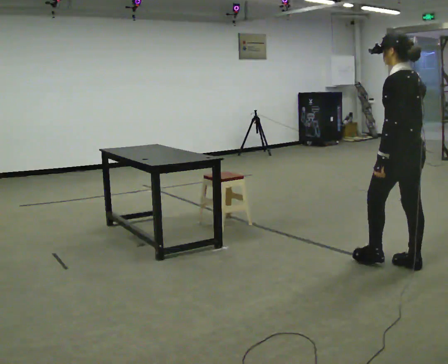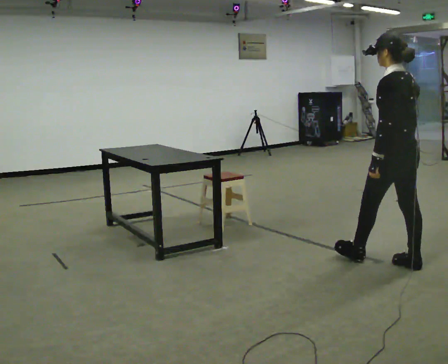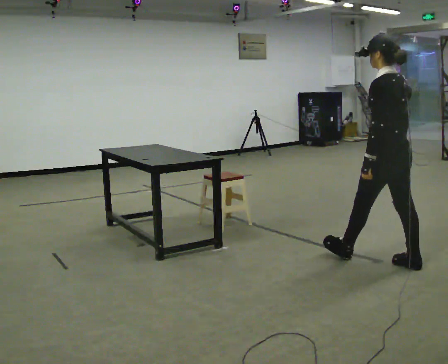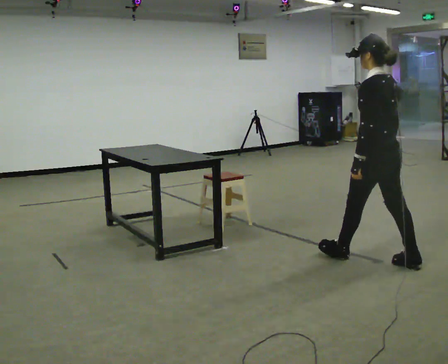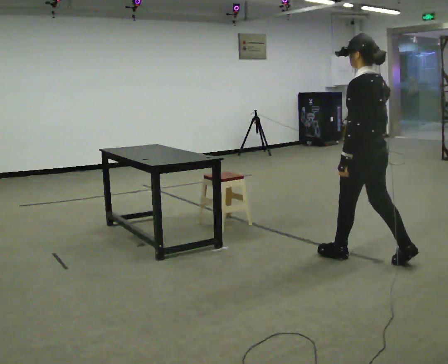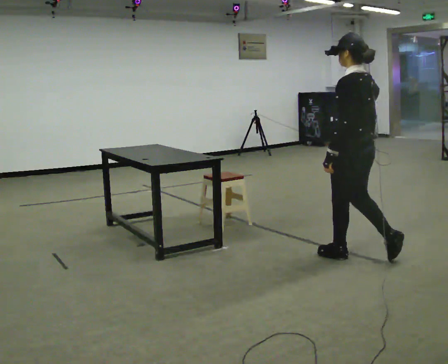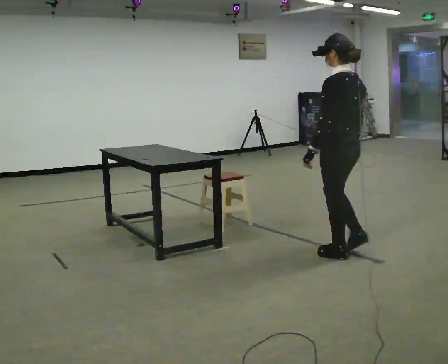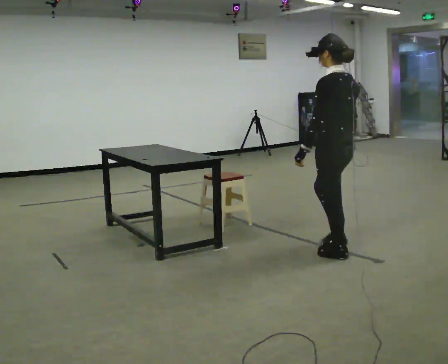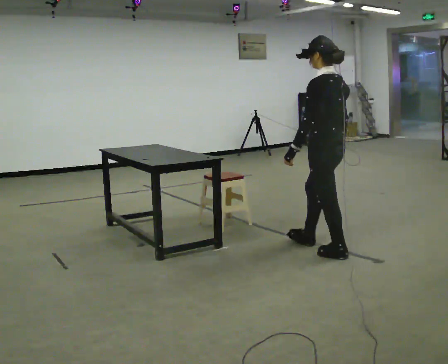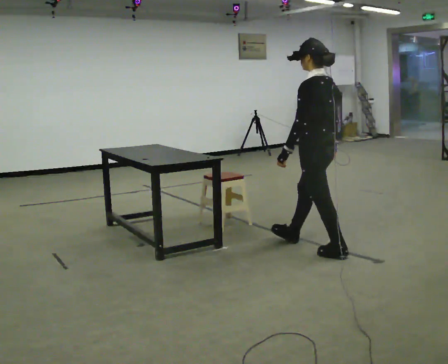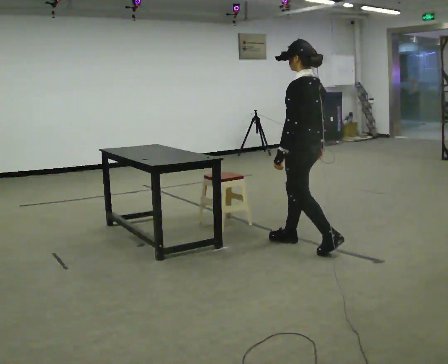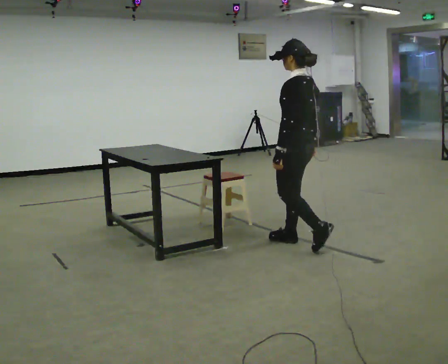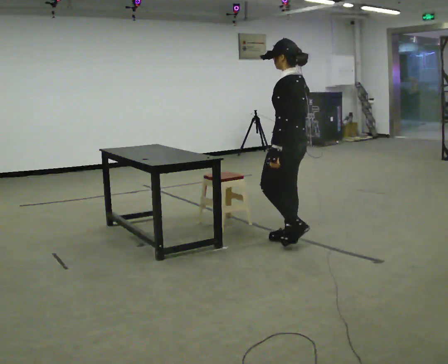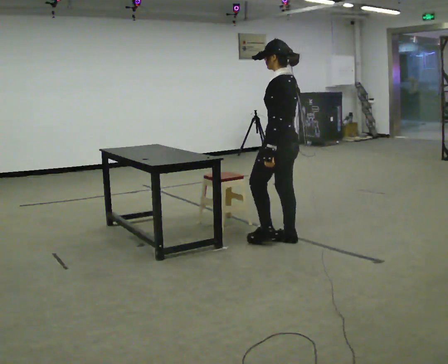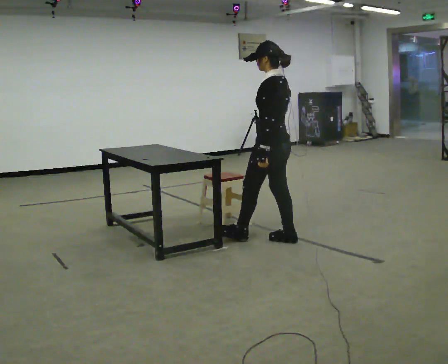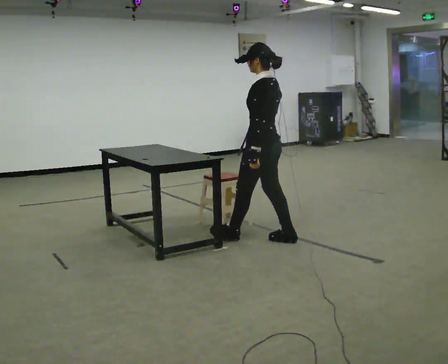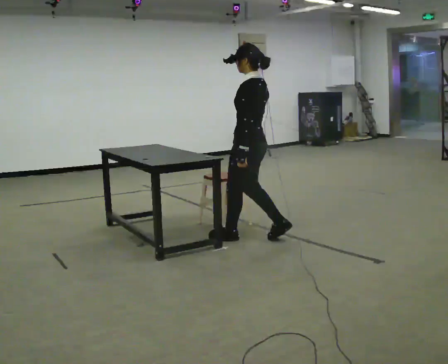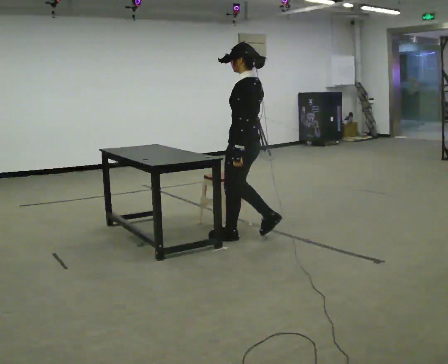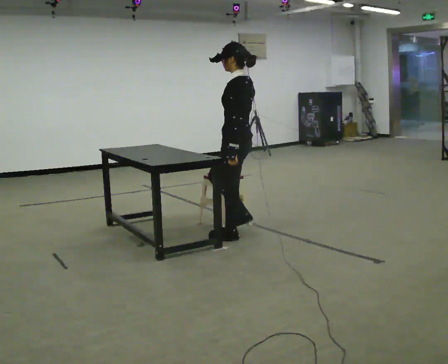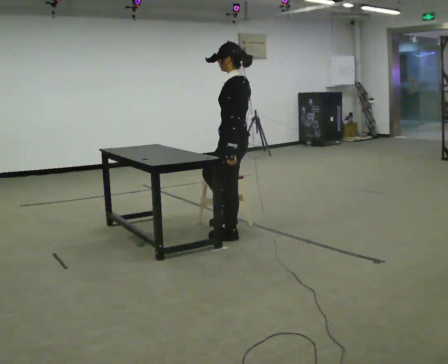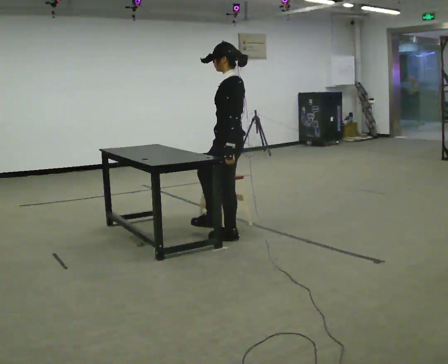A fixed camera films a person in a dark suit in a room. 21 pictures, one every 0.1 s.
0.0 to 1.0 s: In the picture they go to the left and away from the camera, about 1 m in 2 steps, which for them is forward.
1.0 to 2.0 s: The part of the body nearest the lens slides to the right as the person turns to their left by about 30 degrees. In the picture they go to the left, about 0.75 m in 1 step, which for them is forward.
The film runs forward here.
